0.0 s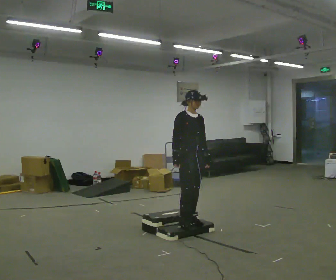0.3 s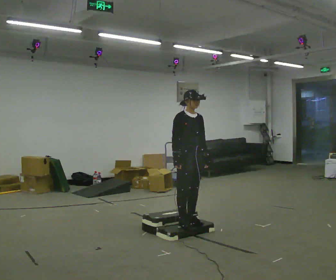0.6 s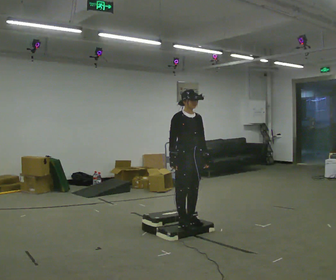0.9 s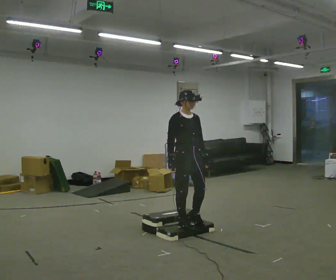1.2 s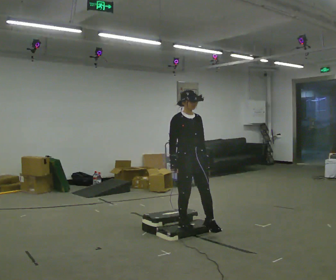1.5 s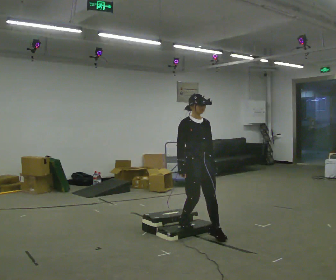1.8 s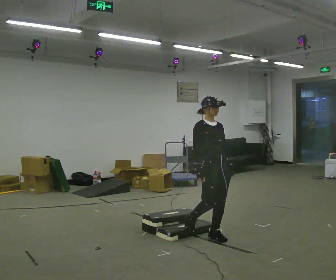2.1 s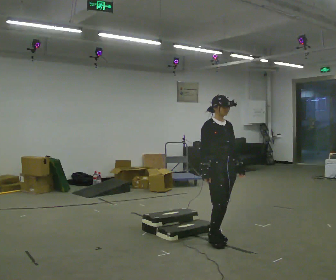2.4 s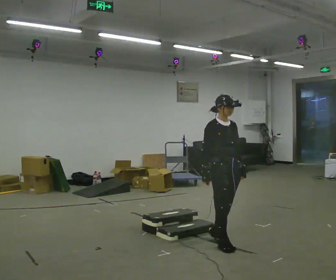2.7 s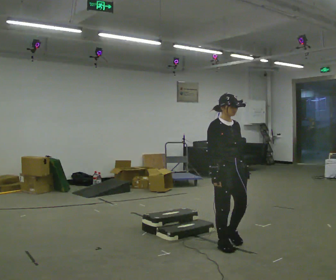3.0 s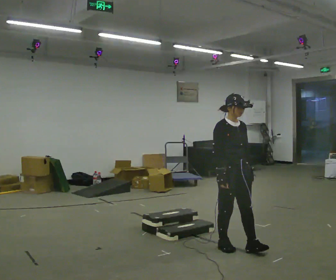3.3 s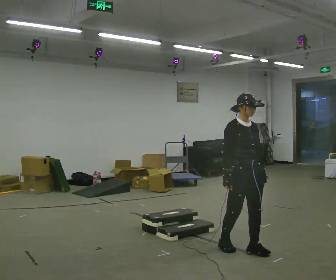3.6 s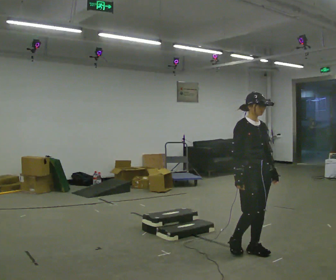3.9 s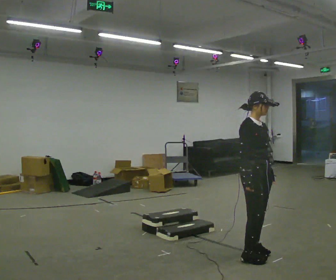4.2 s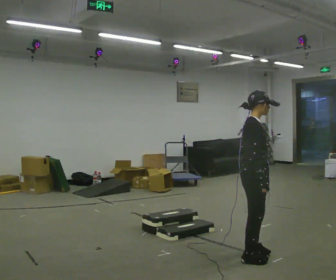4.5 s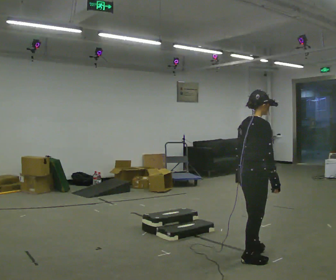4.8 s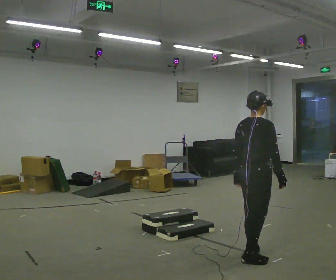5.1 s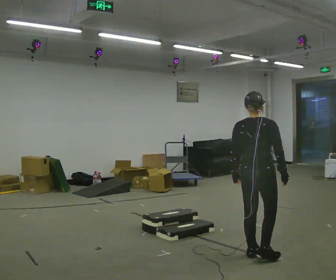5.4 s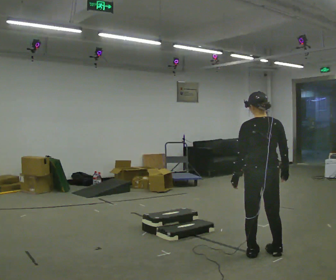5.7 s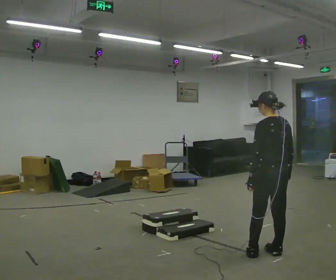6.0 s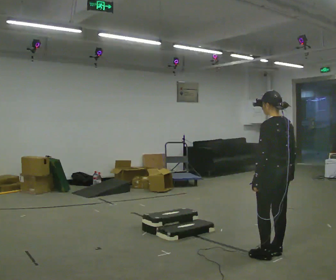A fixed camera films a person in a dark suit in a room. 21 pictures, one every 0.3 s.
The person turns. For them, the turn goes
to their left.
The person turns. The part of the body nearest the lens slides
to the right.
0.0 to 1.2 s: In the picture they go toward the camera, about 0.25 m, which for them is forward.
1.2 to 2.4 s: In the picture they go to the right and toward the camera, about 0.5 m in 2 steps, which for them is forward.
2.4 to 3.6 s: In the picture they go to the right and toward the camera, about 0.25 m in 1 step, which for them is forward.
3.6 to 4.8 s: The person turns about 90 degrees to their left, counterclockwise seen from above, so the part of the body nearest the lens slides to the right. In the picture they go toward the camera, about 0.25 m in 2 steps. In the picture their left hand goes to the left, the arm swinging clockwise.
4.8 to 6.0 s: The part of the body nearest the lens slides to the right as the person turns to their left by about 90 degrees. In the picture they go to the right, about 0.25 m in 2 steps.
The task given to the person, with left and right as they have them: Walk up the three steps, turn at the top, and walk back down at a comfortable speed. Use the handrail only if you need it.
The film runs forward here.
